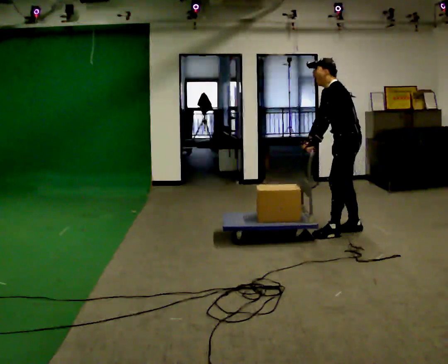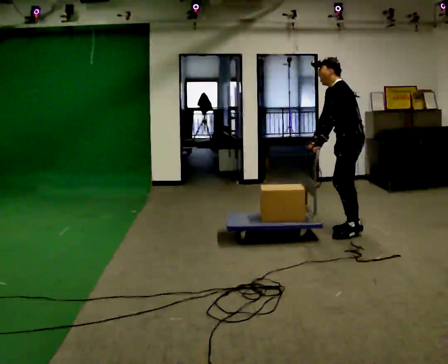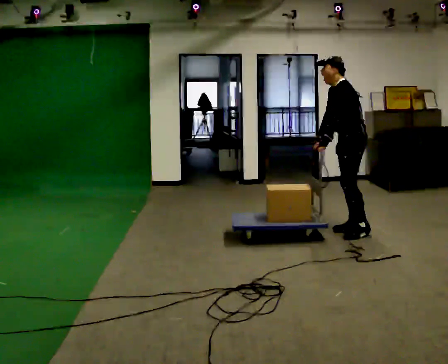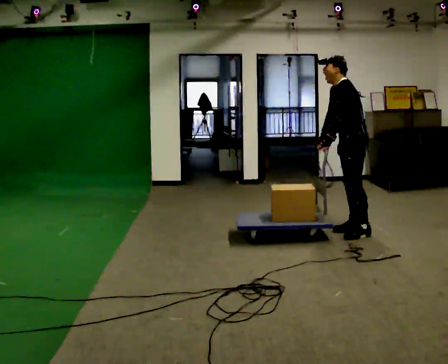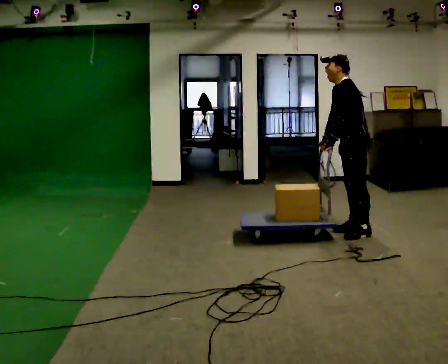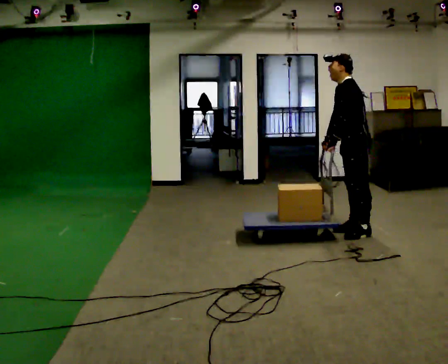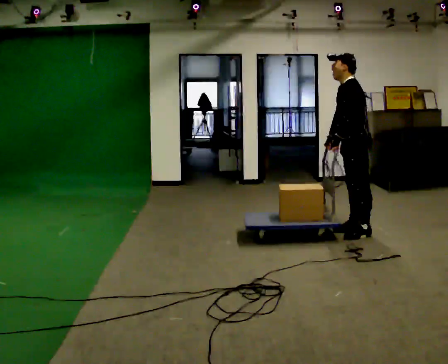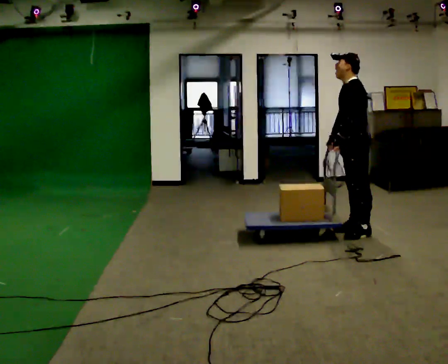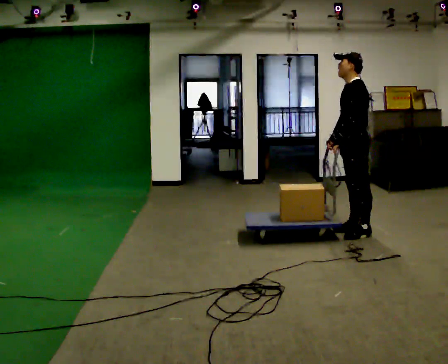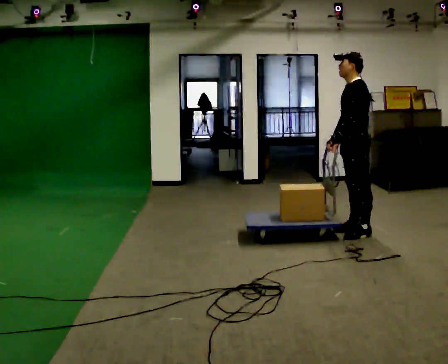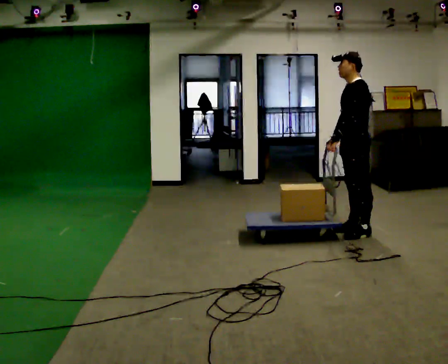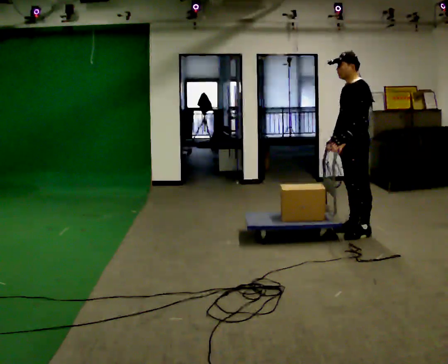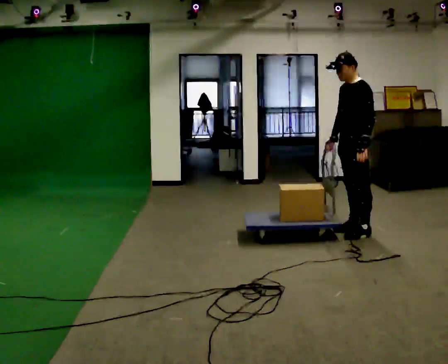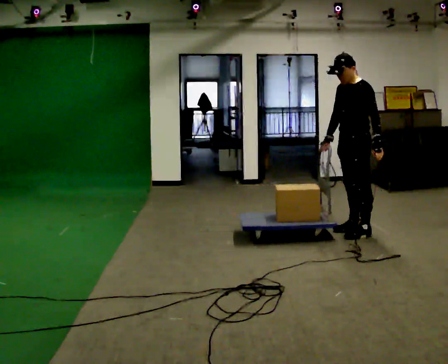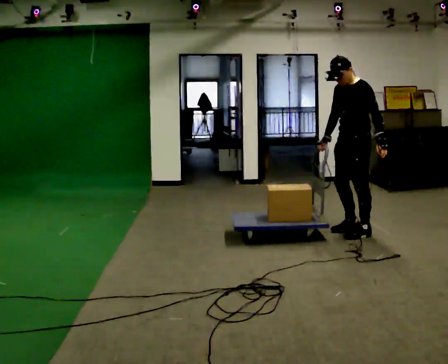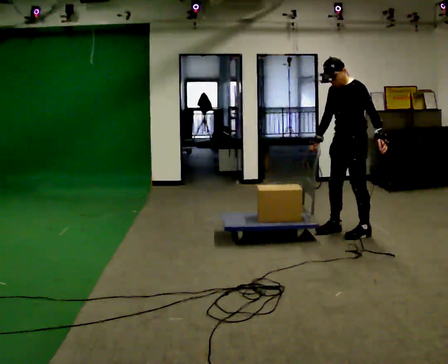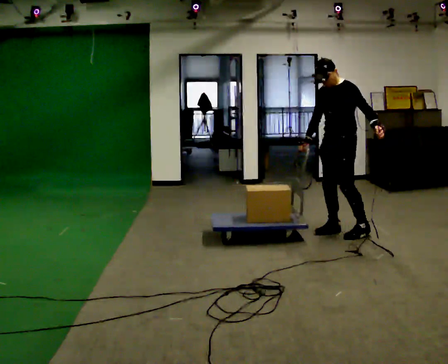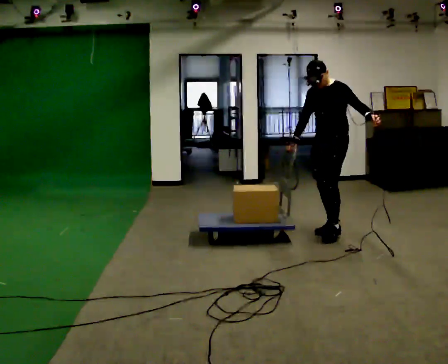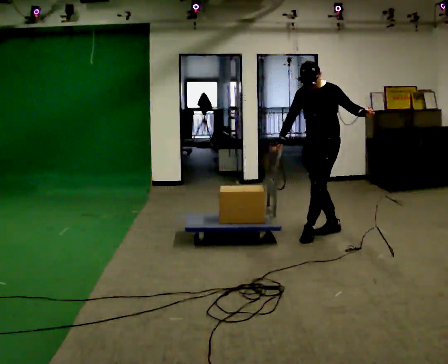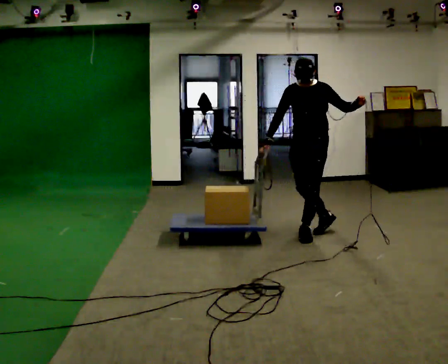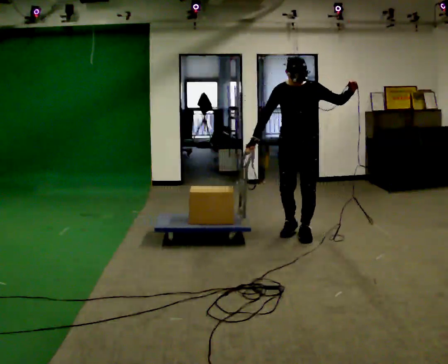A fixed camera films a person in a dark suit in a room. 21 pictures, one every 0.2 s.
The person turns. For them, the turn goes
to their left.
Their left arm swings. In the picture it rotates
counterclockwise.
0.0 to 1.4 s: The person moves a little, or ends about where they began.
1.4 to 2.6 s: In the picture their left hand goes to the right.
2.6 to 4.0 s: Seen from above the body turns counterclockwise, about 60 degrees: to their left, with its near side sliding to the right. In the picture they go to the left, about 0.5 m in 3 steps. In the picture their left hand goes upward, the arm swinging counterclockwise.
The film runs backward here.
